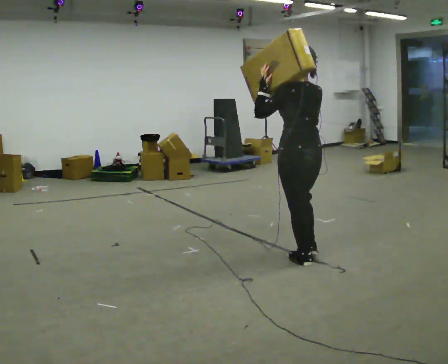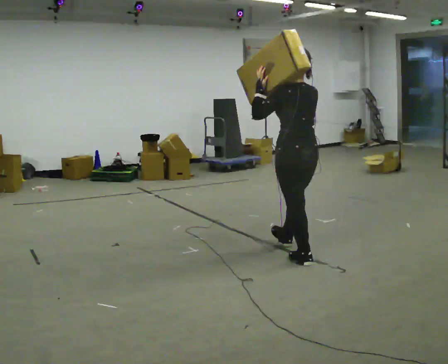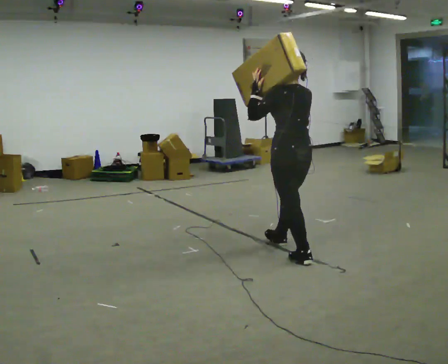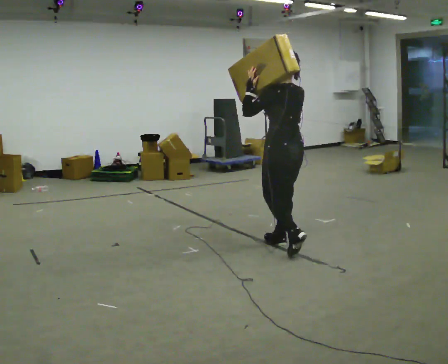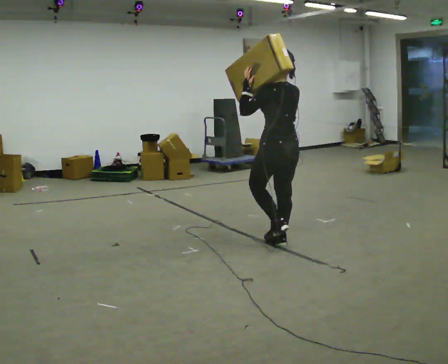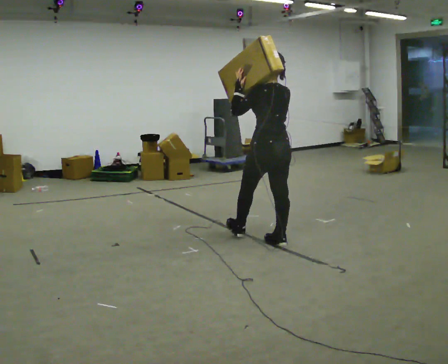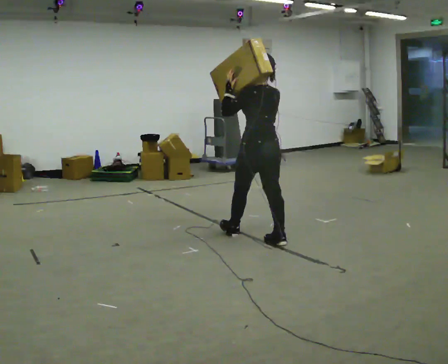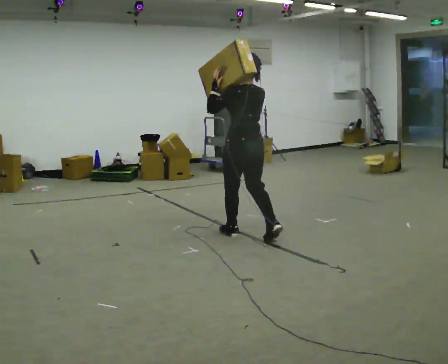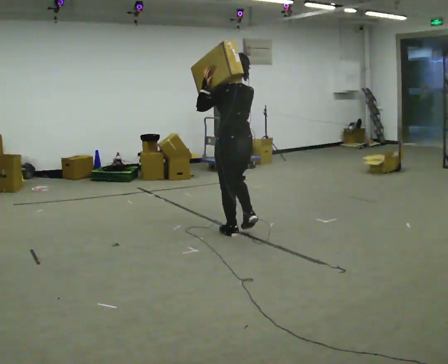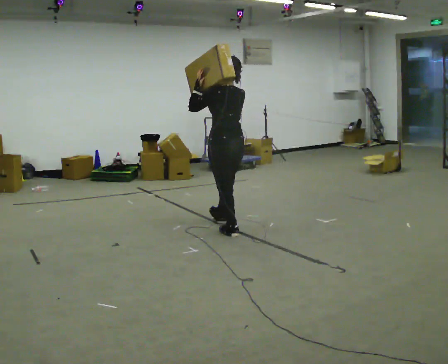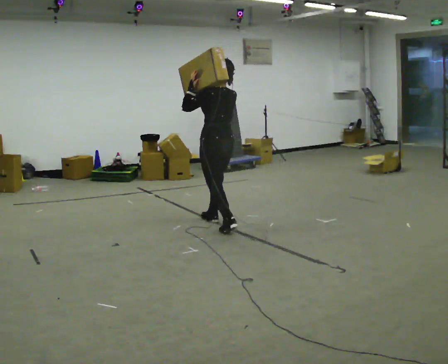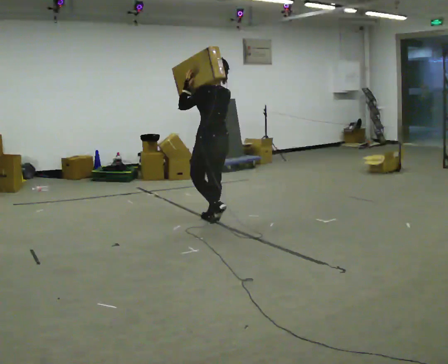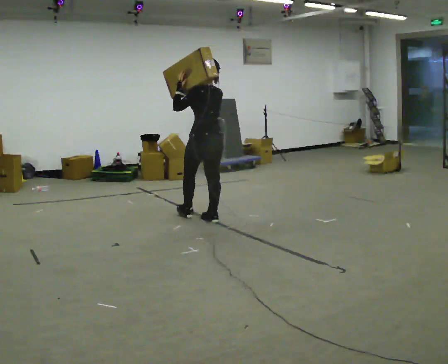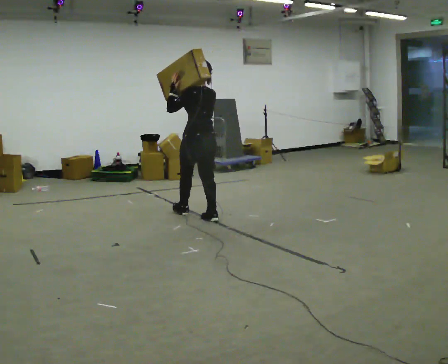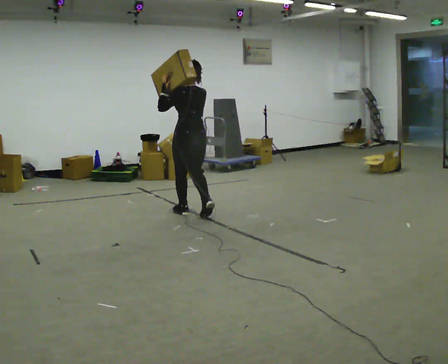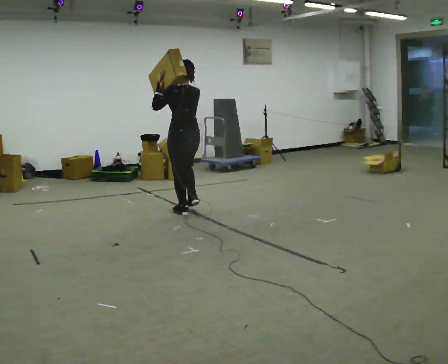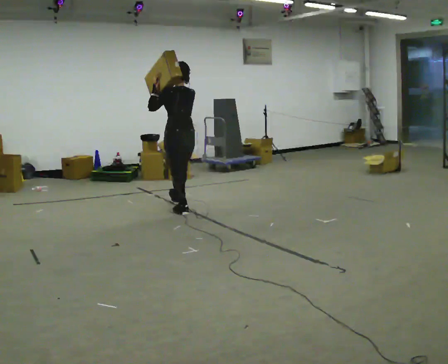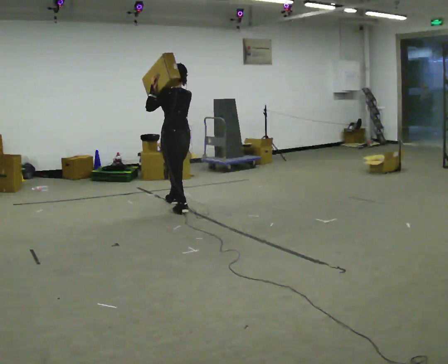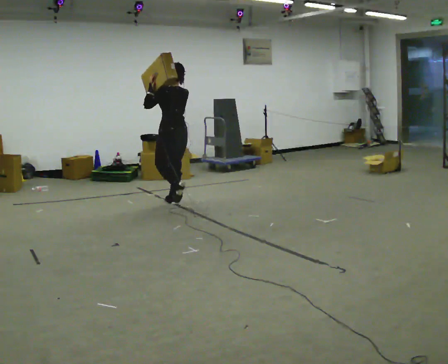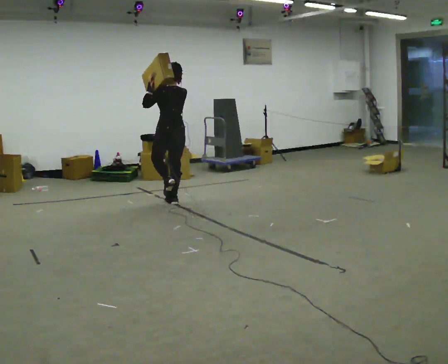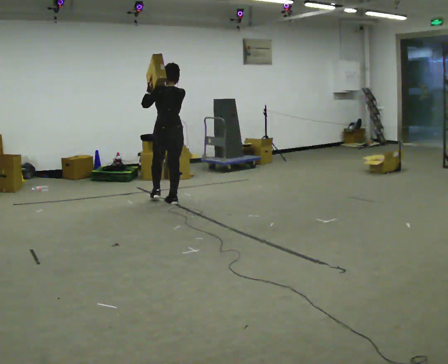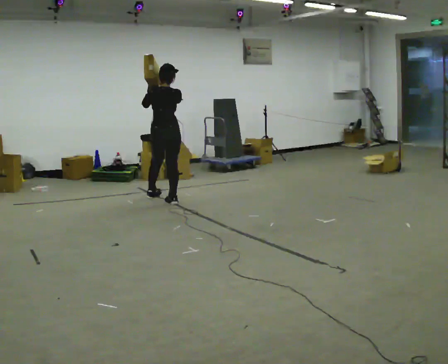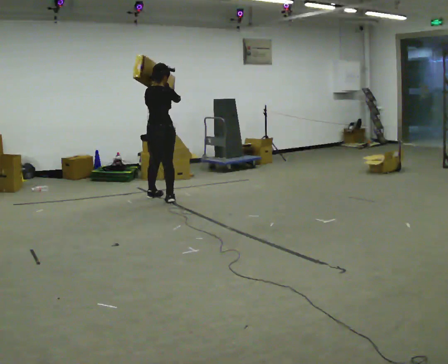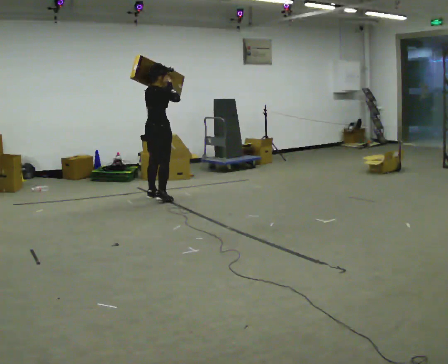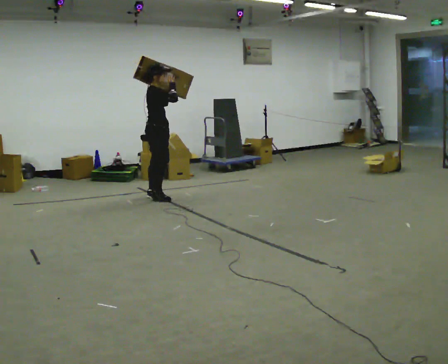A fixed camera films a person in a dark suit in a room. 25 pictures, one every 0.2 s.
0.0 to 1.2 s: In the picture they go away from the camera and to the left, about 0.75 m in 2 steps, which for them is forward.
1.2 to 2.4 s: In the picture they go away from the camera and to the left, about 1 m in 1 step, which for them is forward.
2.4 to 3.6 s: In the picture they go away from the camera and to the left, about 1 m in 2 steps, which for them is forward.
3.6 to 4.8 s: The person turns about 120 degrees to their right, clockwise seen from above, so the part of the body nearest the lens slides to the left. In the picture they go away from the camera and to the left, about 0.5 m in 1 step.
The film runs forward here.
